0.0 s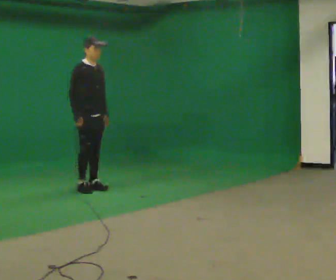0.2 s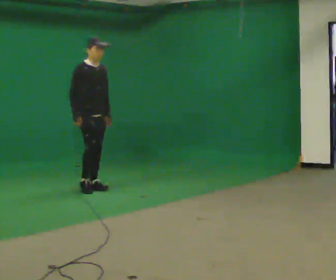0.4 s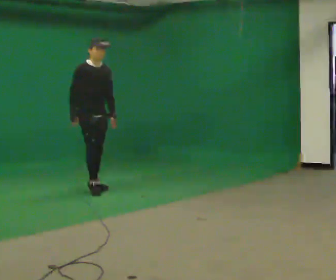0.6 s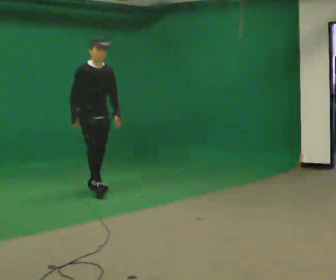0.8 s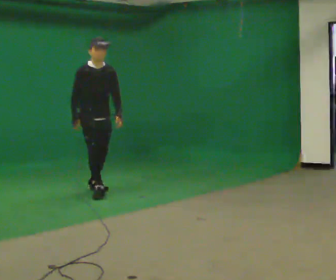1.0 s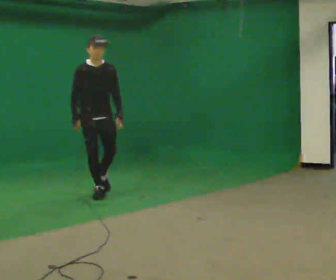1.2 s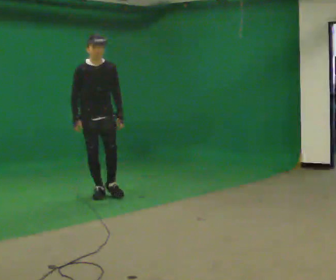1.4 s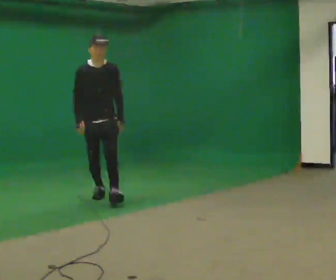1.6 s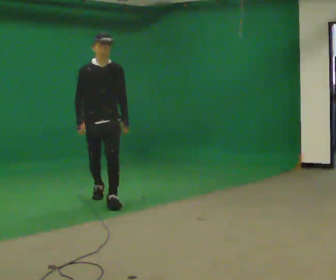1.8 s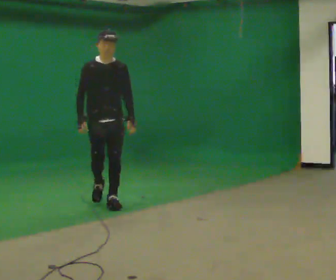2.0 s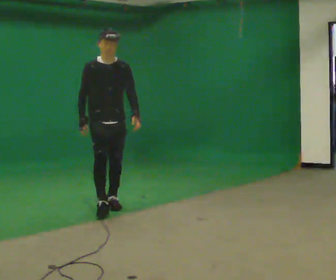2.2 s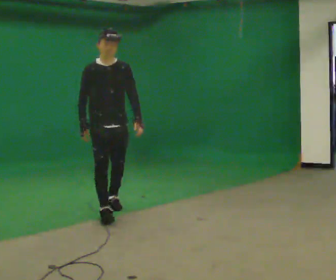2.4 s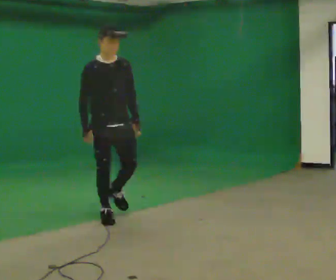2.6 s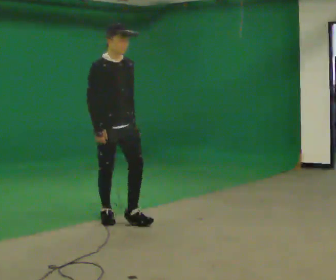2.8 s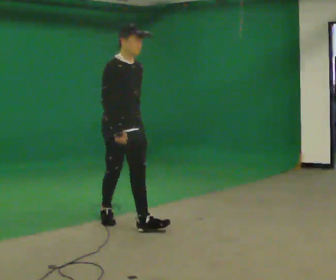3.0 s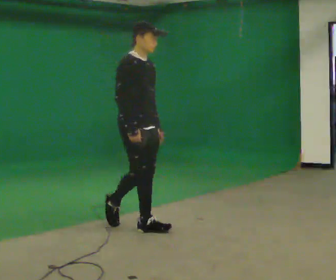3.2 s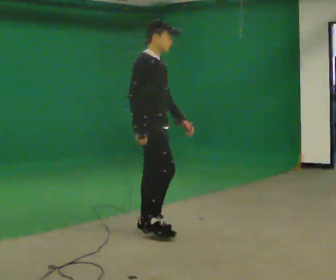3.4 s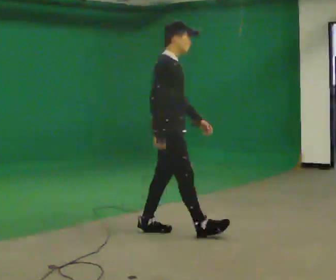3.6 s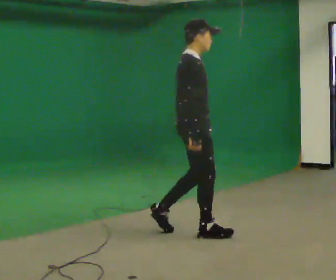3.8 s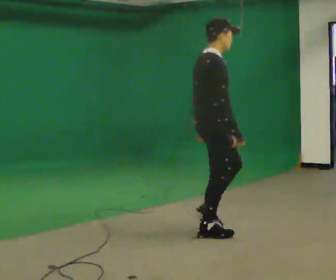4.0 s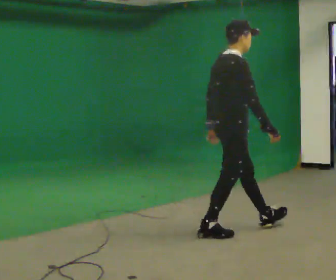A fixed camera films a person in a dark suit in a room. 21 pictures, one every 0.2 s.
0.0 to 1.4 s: The part of the body nearest the lens slides to the left as the person turns to their right by about 45 degrees. In the picture they go toward the camera, about 0.5 m in 1 step, which for them is forward.
1.4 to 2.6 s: In the picture they go toward the camera, about 1 m in 2 steps, which for them is forward.
2.6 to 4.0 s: The person turns about 75 degrees to their left, counterclockwise seen from above, so the part of the body nearest the lens slides to the right. In the picture they go to the right and toward the camera, about 1 m in 2 steps.
The film runs forward here.
